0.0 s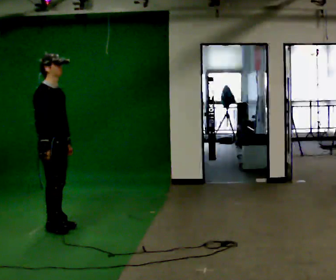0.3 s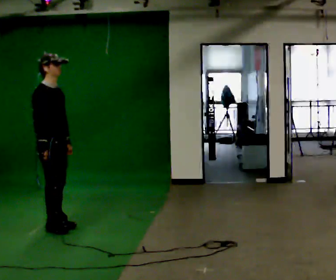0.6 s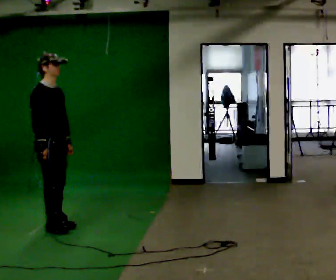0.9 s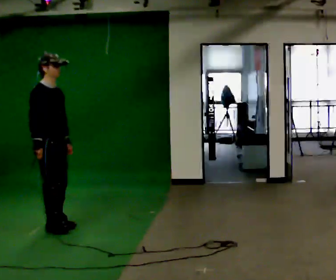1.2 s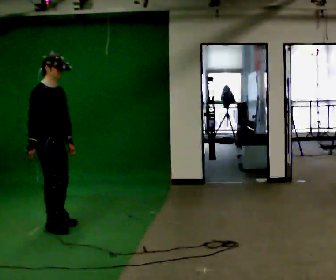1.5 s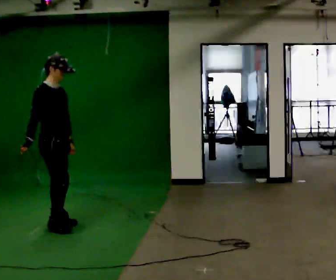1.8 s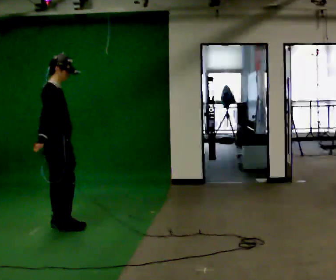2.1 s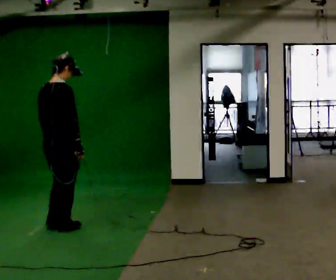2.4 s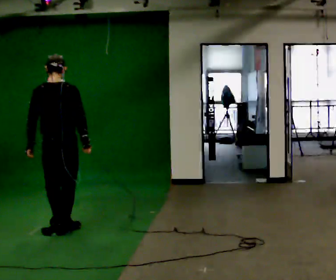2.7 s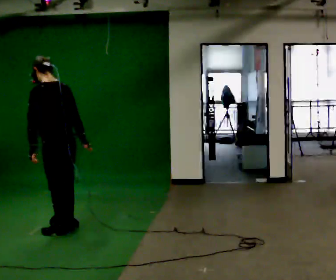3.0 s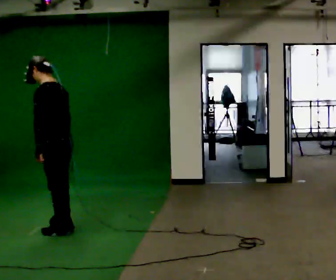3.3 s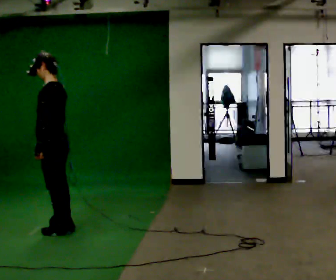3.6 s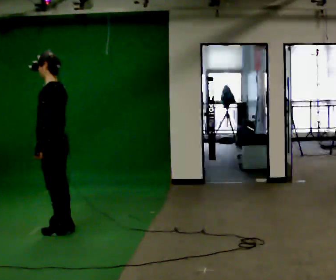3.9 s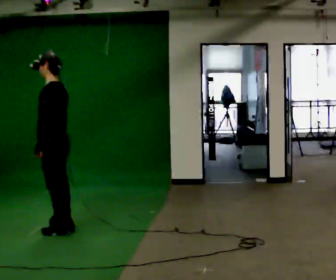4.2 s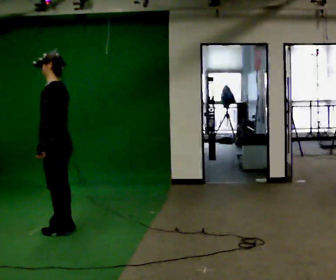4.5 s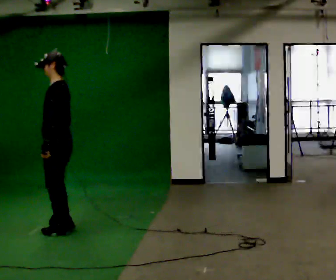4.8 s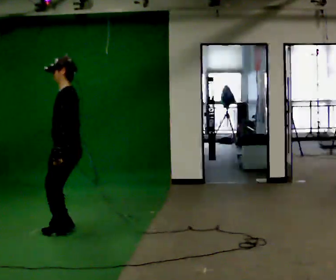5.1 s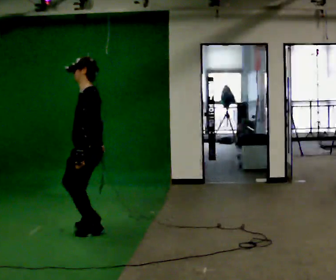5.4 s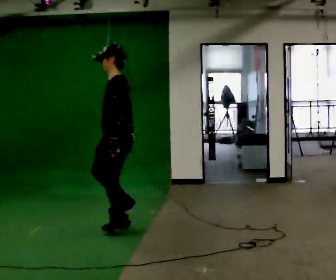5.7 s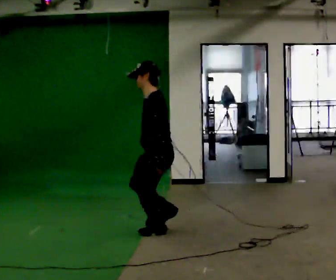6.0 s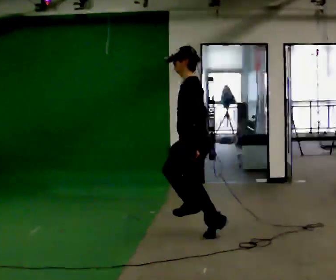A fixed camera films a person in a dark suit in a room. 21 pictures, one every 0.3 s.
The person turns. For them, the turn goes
to their left.
The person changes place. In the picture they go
to the right.
0.0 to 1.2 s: The person moves a little, or ends about where they began.
1.2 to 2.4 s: The part of the body nearest the lens slides to the right as the person turns to their left by about 120 degrees. In the picture they go to the right, about 0.25 m in 1 step. In the picture their left hand goes to the left, the arm swinging clockwise.
2.4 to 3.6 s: The person turns about 75 degrees to their left, counterclockwise seen from above, so the part of the body nearest the lens slides to the right. In the picture their right hand goes to the left.
3.6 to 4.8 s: The person moves a little, or ends about where they began.
4.8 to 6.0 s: In the picture they go to the right, about 1 m in 4 steps, which for them is backward.
The film runs backward here.
